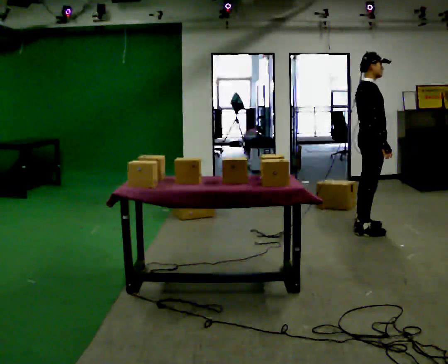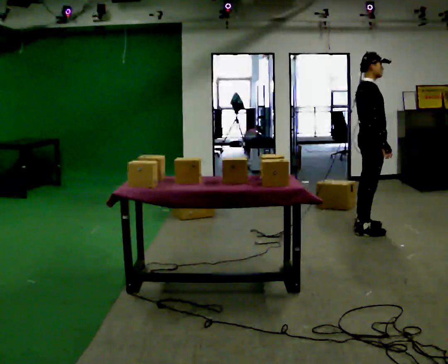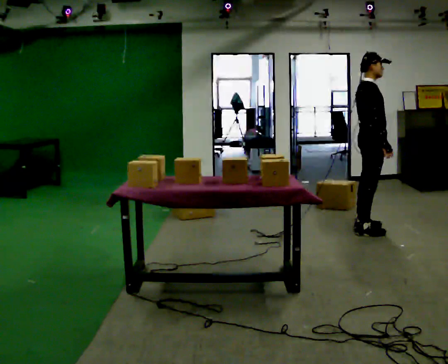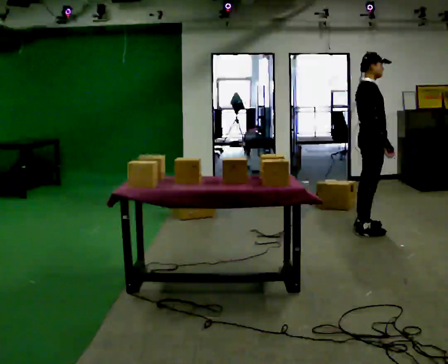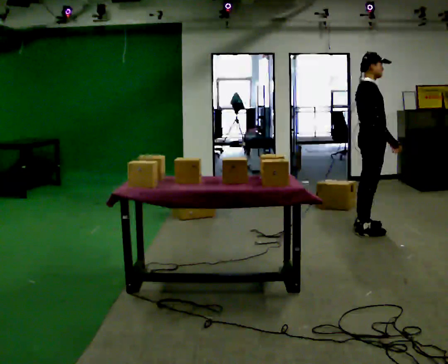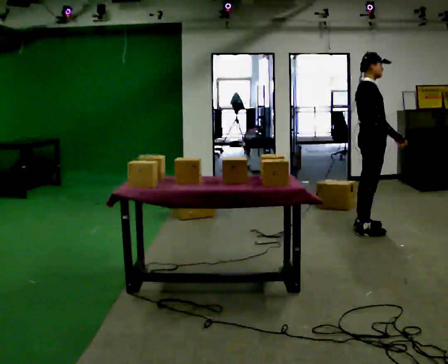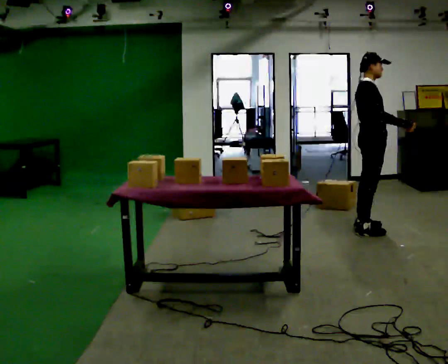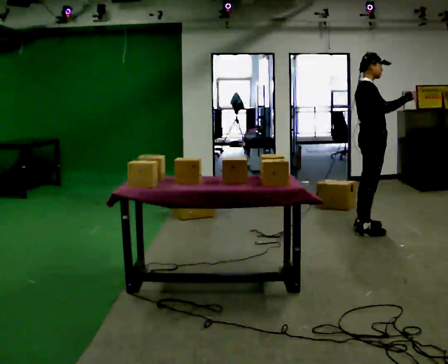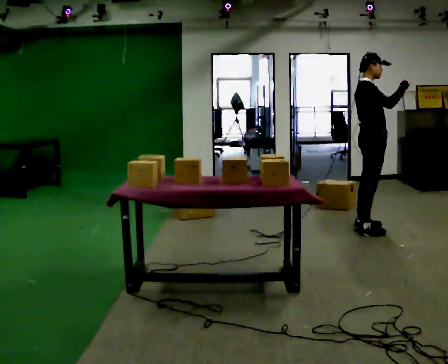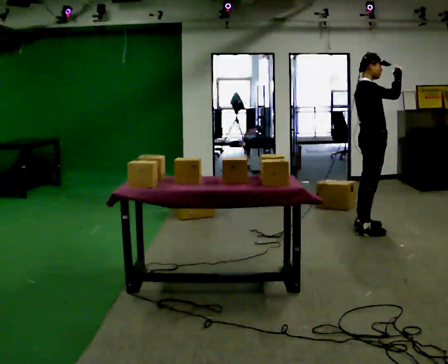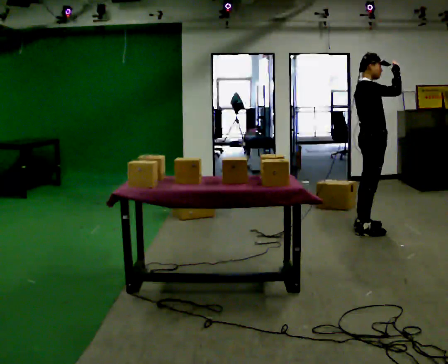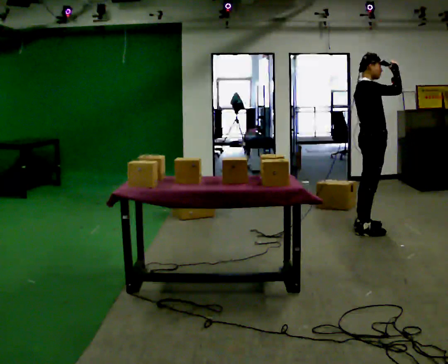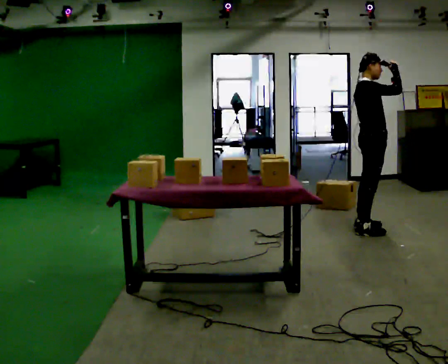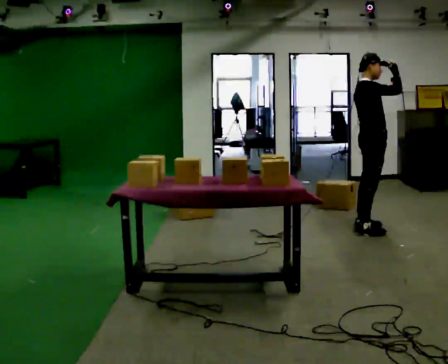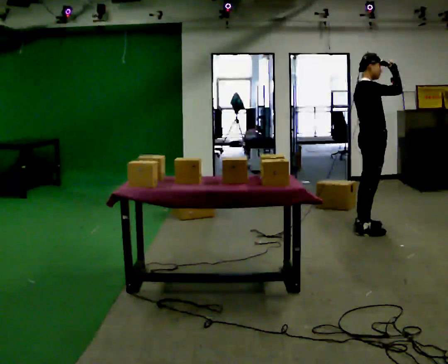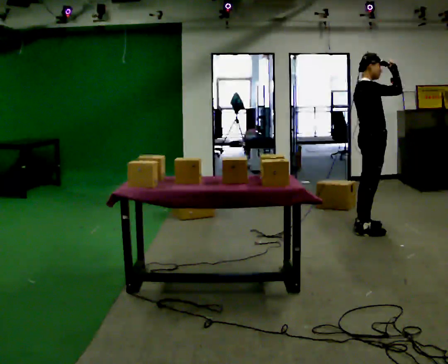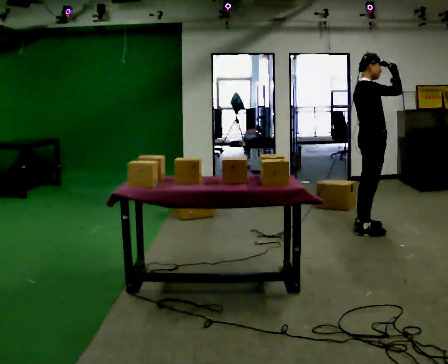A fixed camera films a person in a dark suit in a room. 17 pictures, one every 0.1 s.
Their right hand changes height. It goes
upward.
Their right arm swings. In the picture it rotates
counterclockwise.
0.0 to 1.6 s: In the picture their right hand goes upward, the arm swinging counterclockwise.
The film runs forward here.
